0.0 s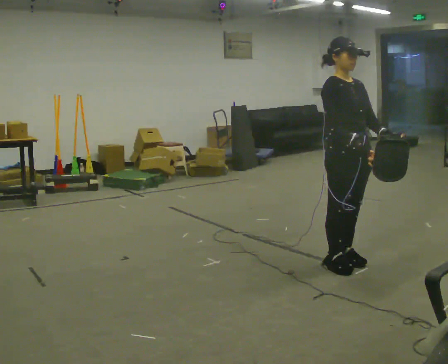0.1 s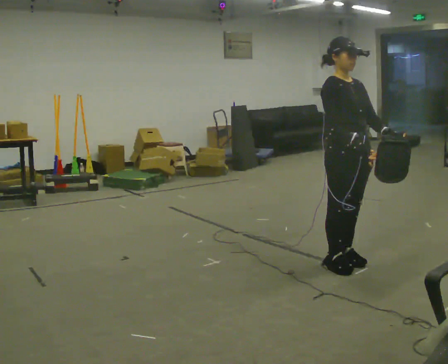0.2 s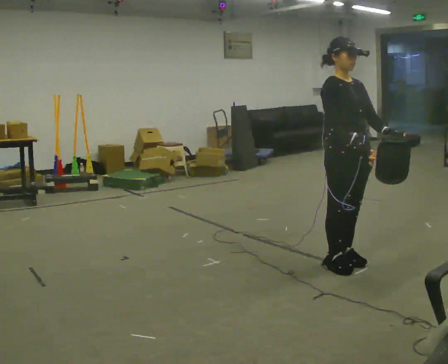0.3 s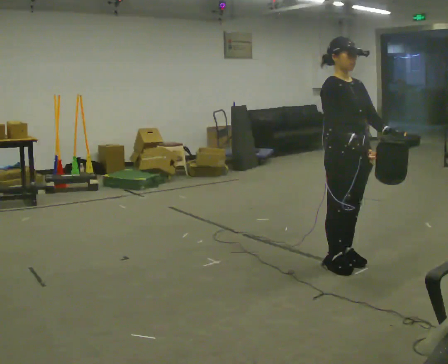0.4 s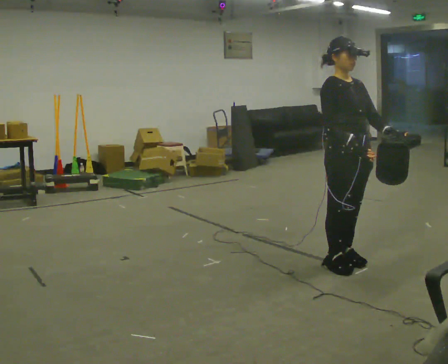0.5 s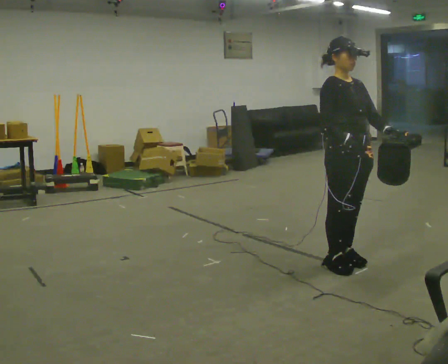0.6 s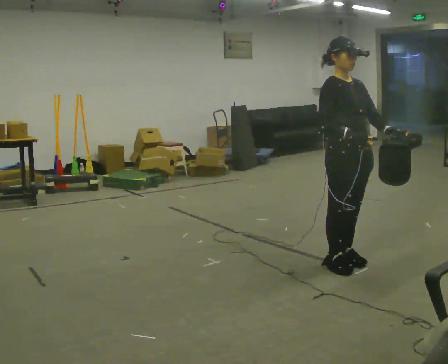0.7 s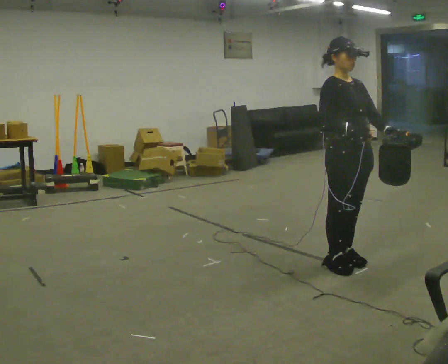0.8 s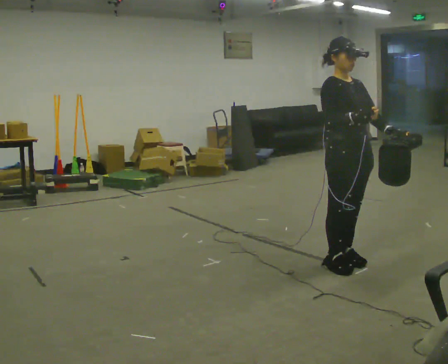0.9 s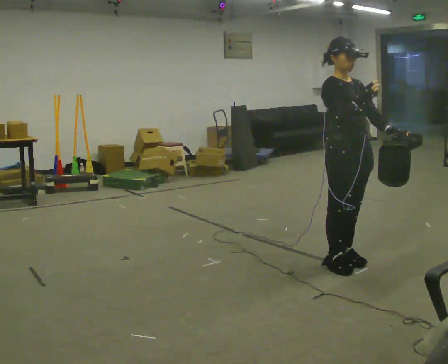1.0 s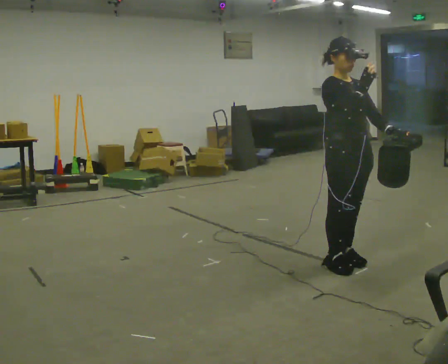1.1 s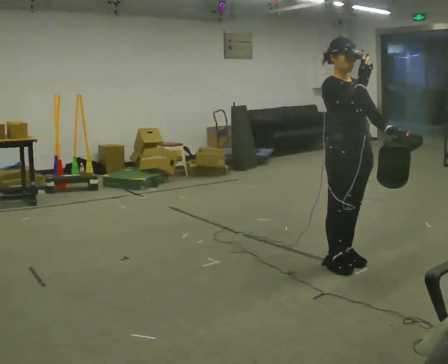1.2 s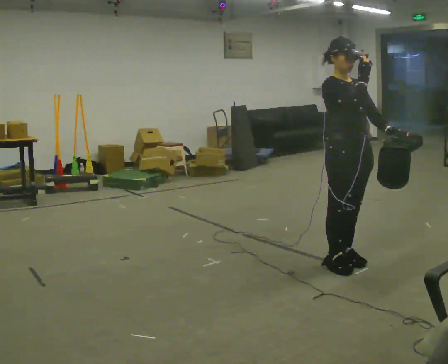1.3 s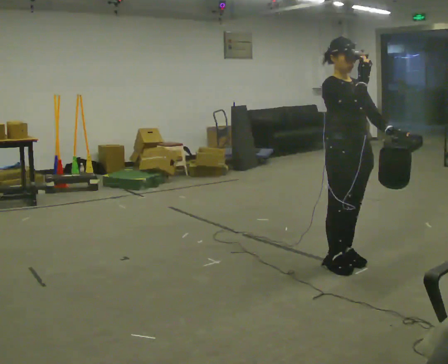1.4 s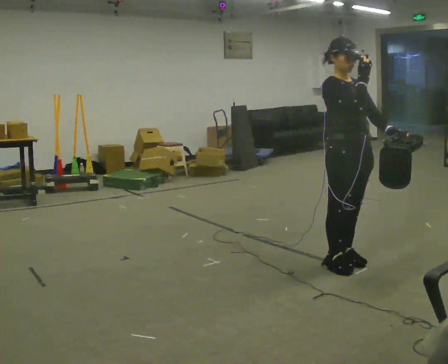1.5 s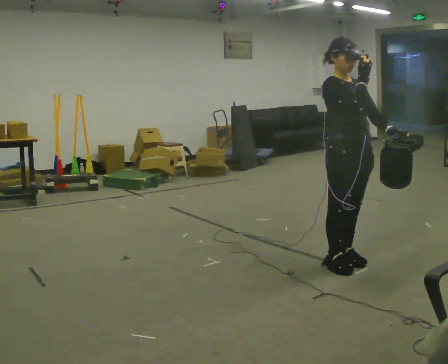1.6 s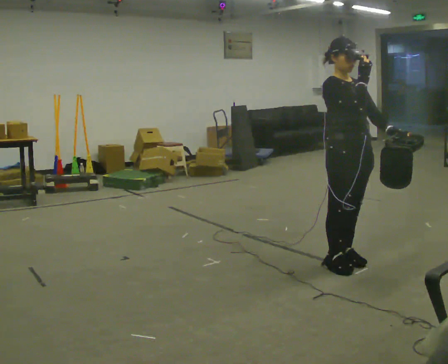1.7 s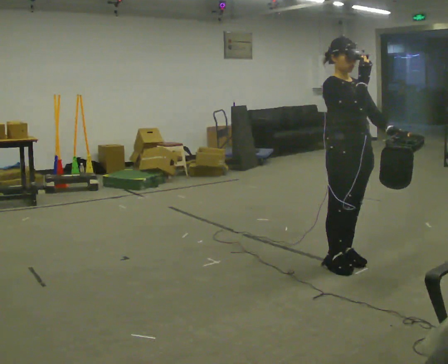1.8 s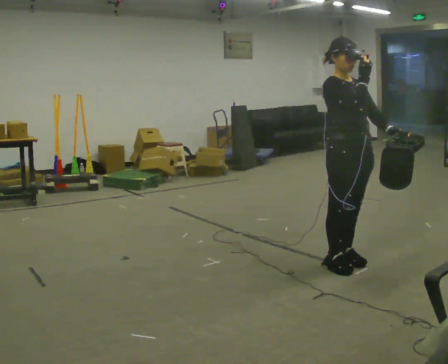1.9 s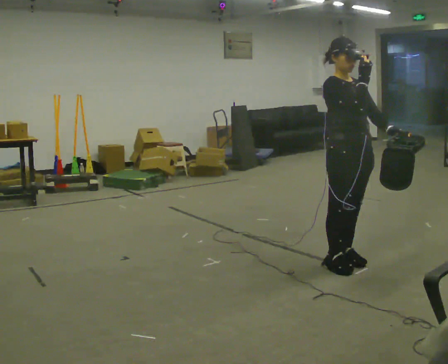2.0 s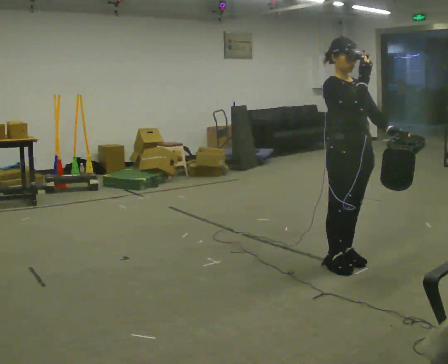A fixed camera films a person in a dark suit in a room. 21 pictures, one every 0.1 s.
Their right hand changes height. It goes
upward.
0.0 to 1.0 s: In the picture their right hand goes upward.
1.0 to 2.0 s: The person moves a little, or ends about where they began.
The film runs backward here.
